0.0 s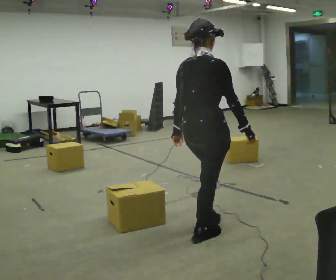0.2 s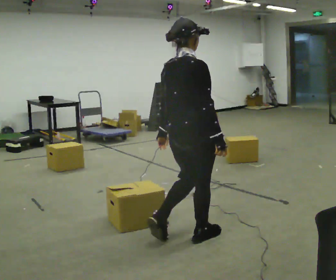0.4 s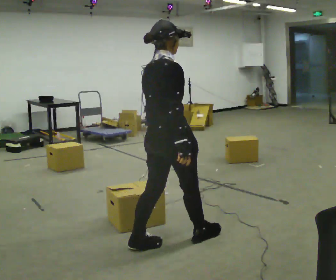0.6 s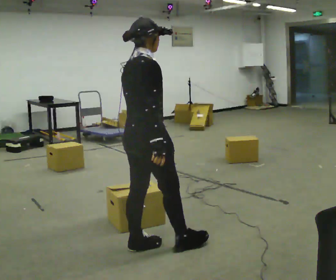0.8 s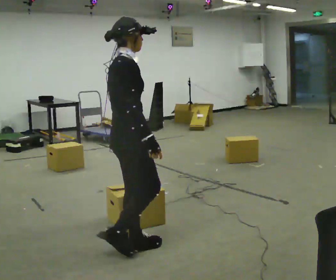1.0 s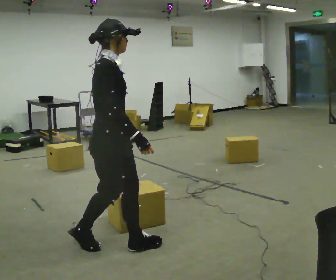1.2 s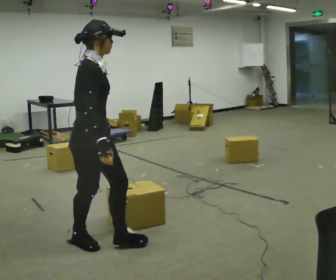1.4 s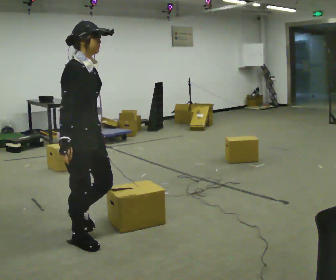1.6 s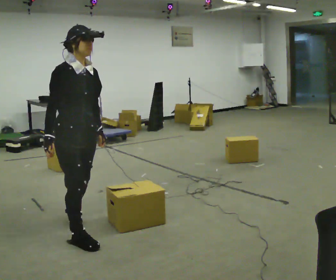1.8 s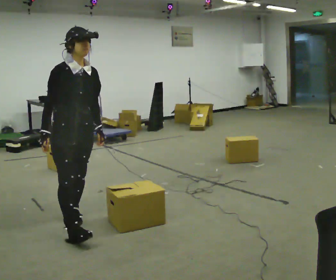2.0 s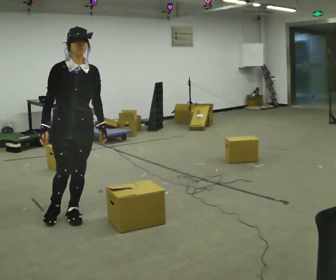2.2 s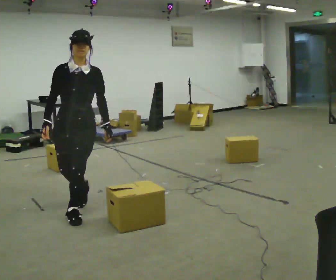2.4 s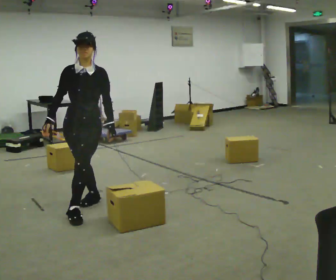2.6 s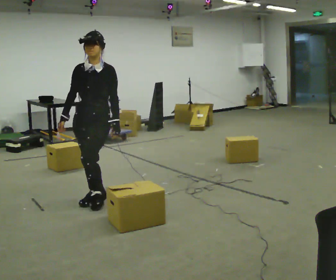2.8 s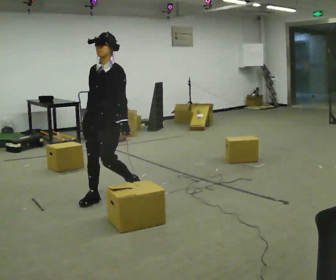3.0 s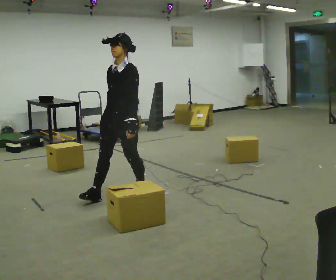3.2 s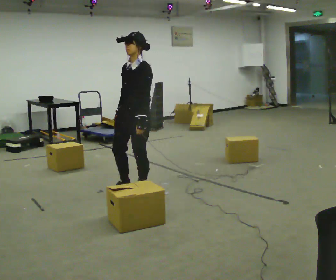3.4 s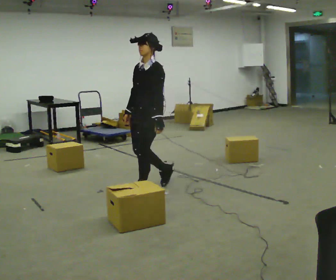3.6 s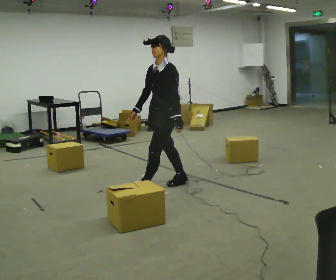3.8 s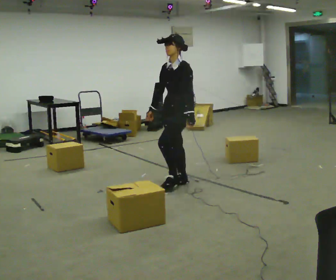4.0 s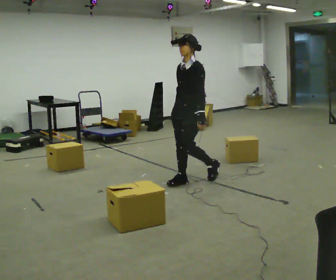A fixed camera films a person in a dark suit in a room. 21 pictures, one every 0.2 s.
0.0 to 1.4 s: Seen from above the body turns clockwise, about 60 degrees: to their right, with its near side sliding to the left. In the picture they go to the left, about 1 m in 2 steps, which for them is backward.
1.4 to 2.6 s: The part of the body nearest the lens slides to the left as the person turns to their right by about 90 degrees. In the picture they go away from the camera, about 1 m in 2 steps.
2.6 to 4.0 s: The part of the body nearest the lens slides to the left as the person turns to their right by about 30 degrees. In the picture they go to the right, about 1 m in 2 steps, which for them is backward.
The film runs backward here.
